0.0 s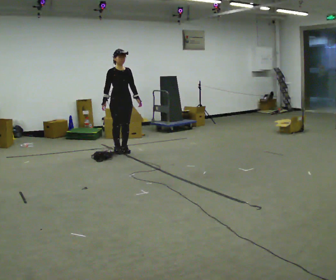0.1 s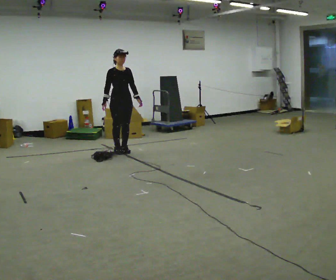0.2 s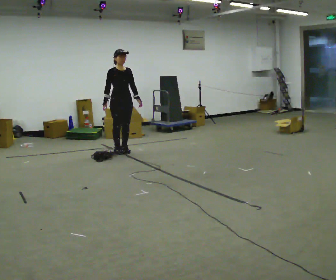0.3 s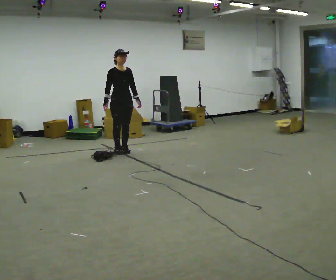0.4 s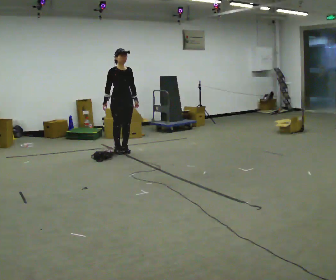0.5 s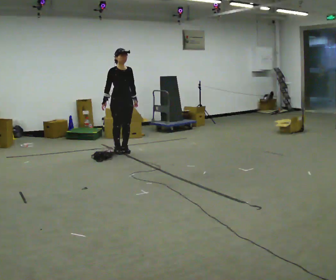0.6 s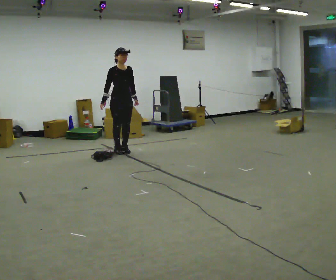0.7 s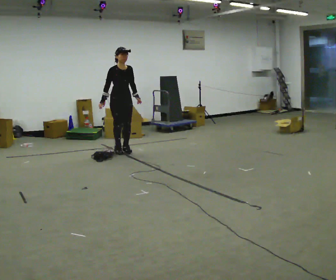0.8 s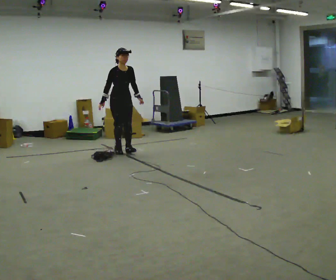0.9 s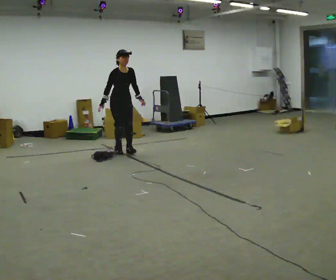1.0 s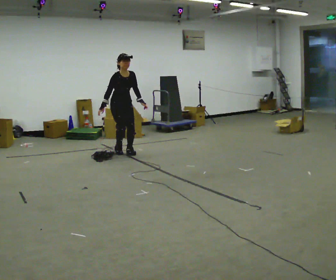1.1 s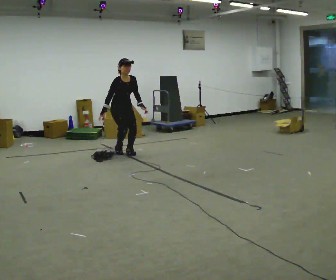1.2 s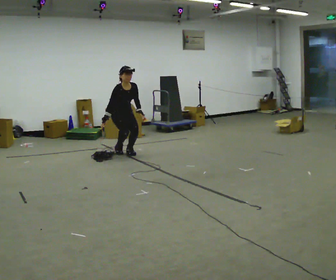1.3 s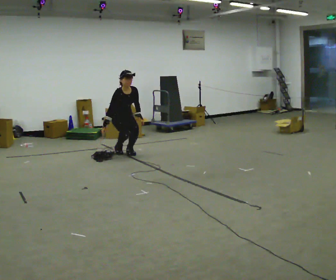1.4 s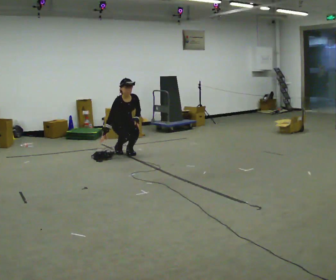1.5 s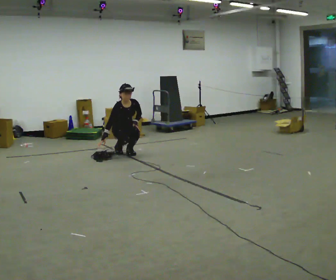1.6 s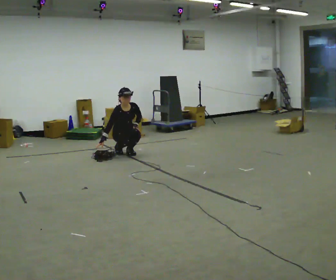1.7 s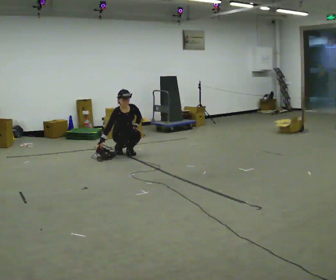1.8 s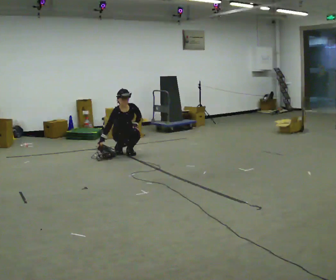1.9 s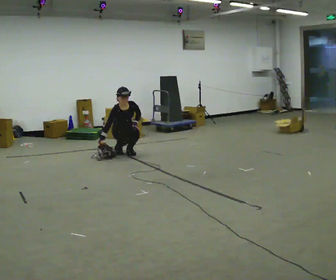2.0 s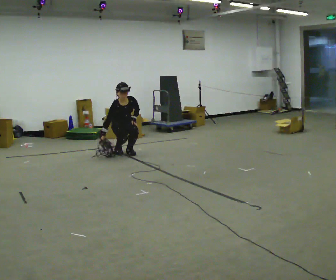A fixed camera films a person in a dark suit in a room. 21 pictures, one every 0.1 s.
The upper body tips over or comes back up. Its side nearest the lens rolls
downward.
0.0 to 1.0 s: The upper body tips toward the camera, its near side rolling downward, as they bend forward.
1.0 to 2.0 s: The upper body tips toward the camera, its near side rolling downward. In the picture their left hand goes downward.
The film runs backward here.
